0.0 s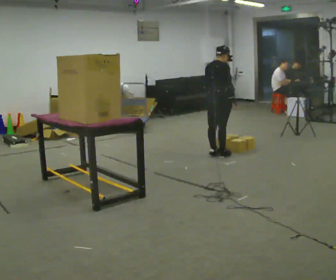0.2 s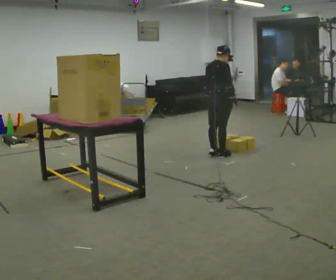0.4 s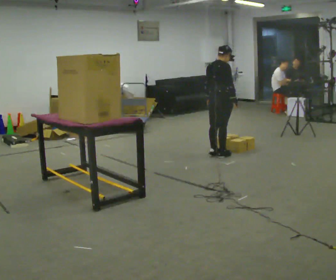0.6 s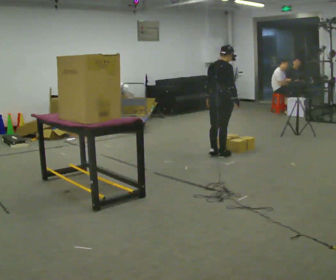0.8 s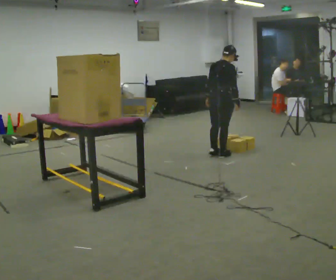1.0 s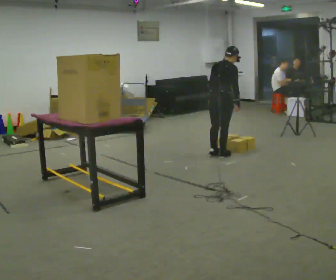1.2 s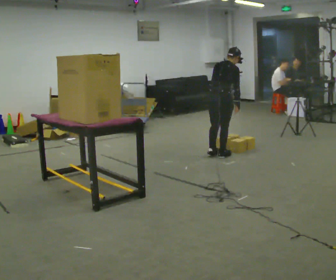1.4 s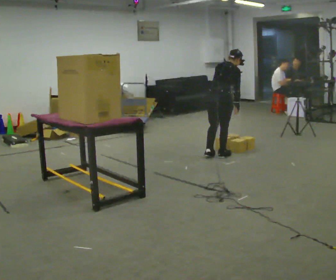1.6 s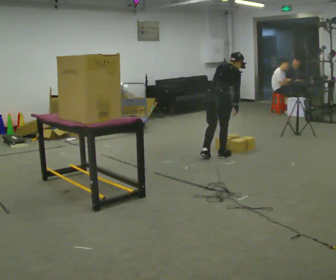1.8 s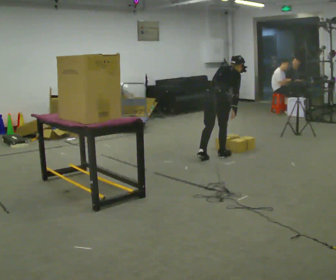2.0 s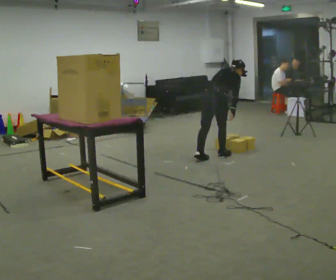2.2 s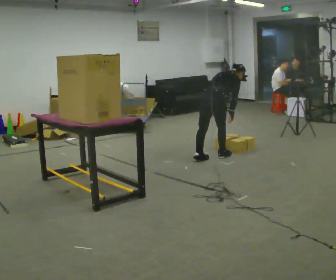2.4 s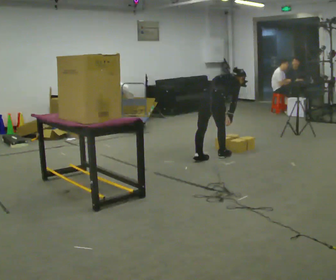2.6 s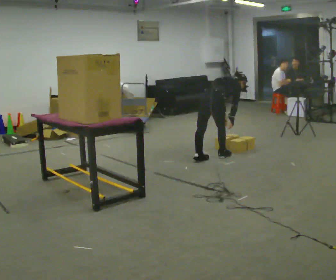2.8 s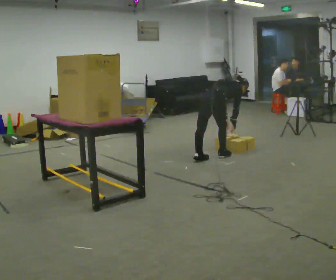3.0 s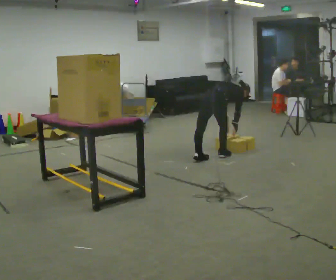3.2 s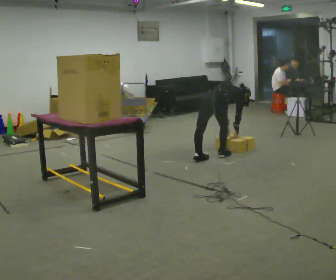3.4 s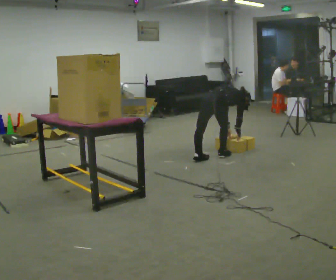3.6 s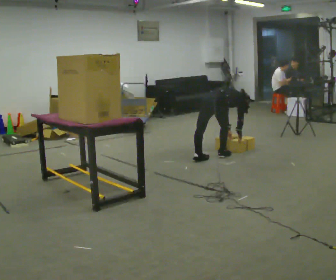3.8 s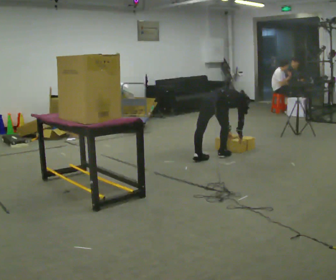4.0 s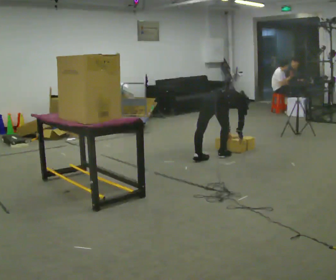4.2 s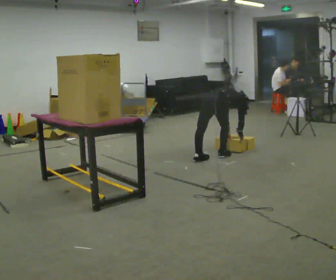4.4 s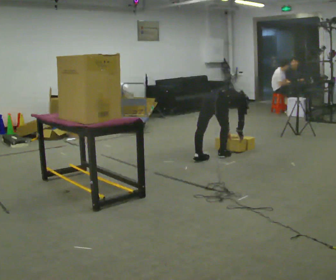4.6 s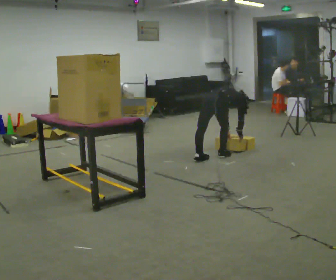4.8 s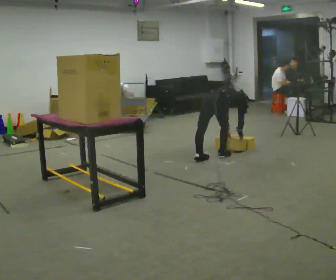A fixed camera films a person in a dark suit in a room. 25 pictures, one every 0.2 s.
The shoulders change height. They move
downward.
The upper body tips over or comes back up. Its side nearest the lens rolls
upward.
0.0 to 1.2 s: In the picture the upper body tilts clockwise, shoulders to the right, as they bend forward.
1.2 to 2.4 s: The shoulders move downward. The upper body tips away from the camera, its near side rolling upward, as they bend forward.
2.4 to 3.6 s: The upper body goes downward. The upper body tips away from the camera, its near side rolling upward, as they bend forward.
3.6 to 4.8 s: The person moves a little, or ends about where they began.
The film runs backward here.
